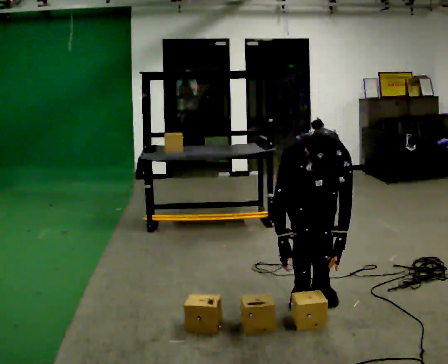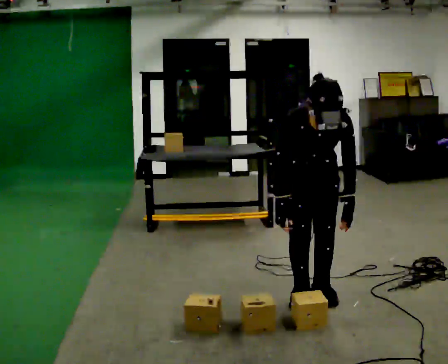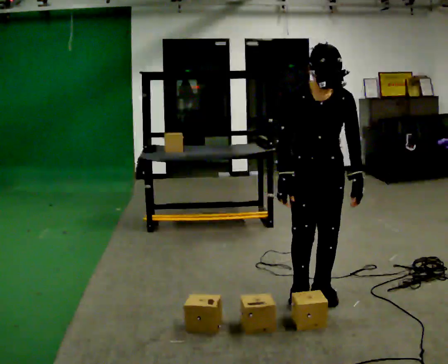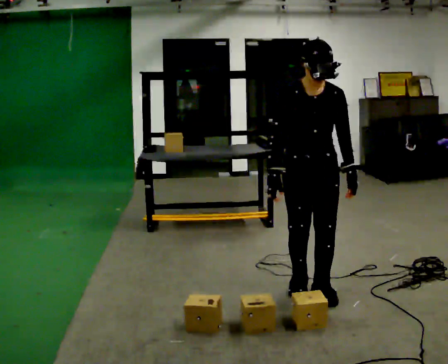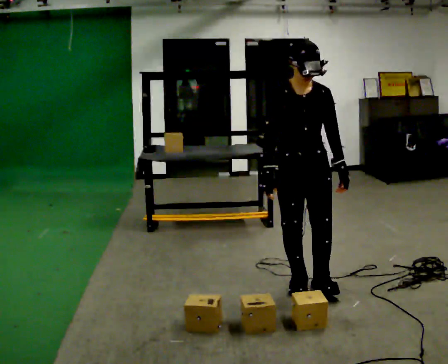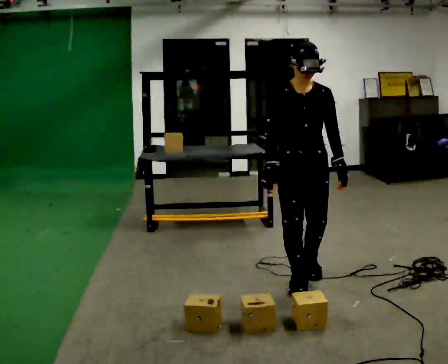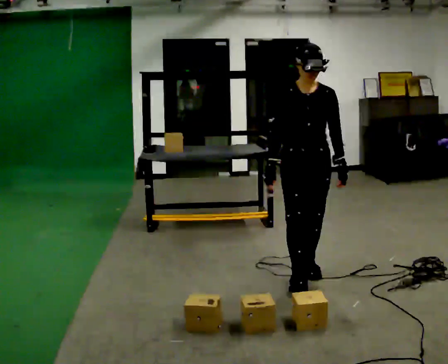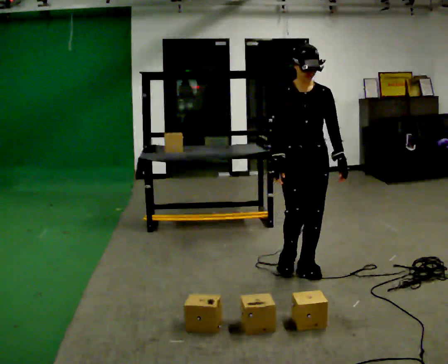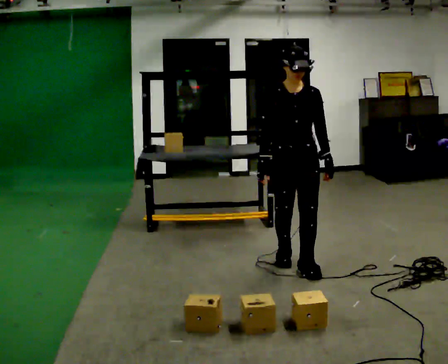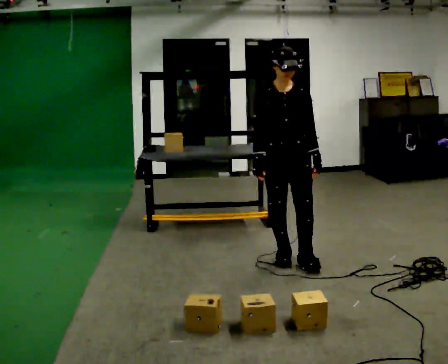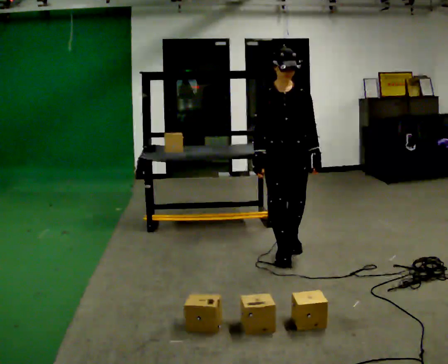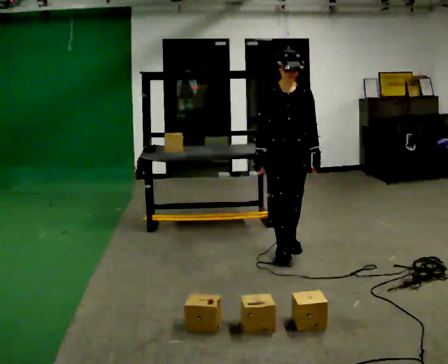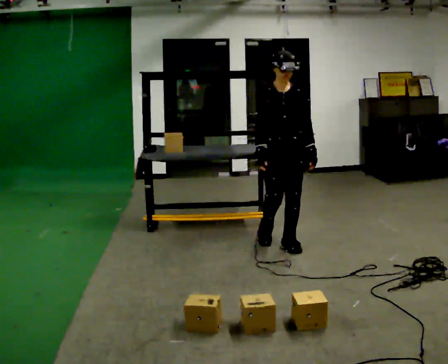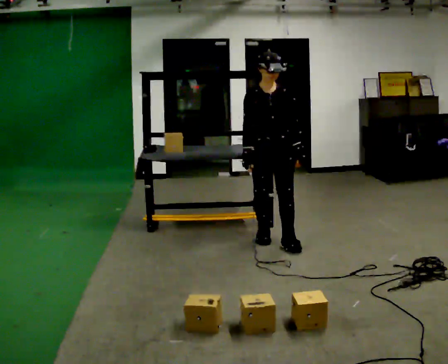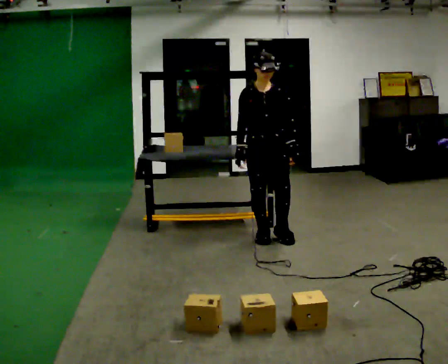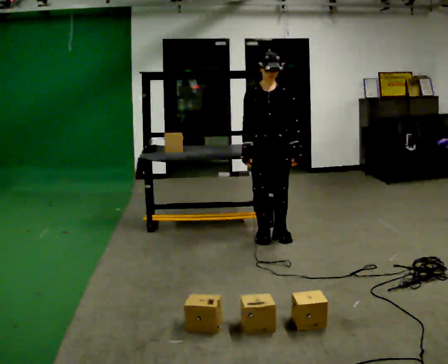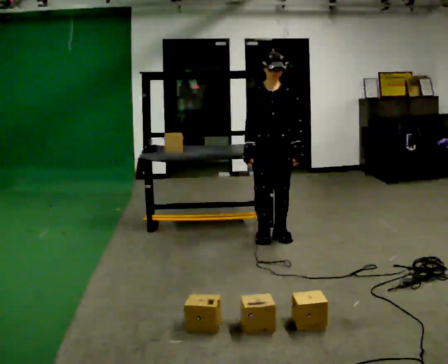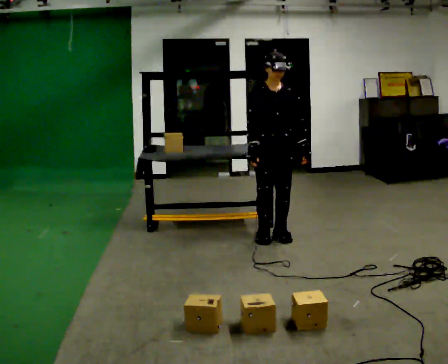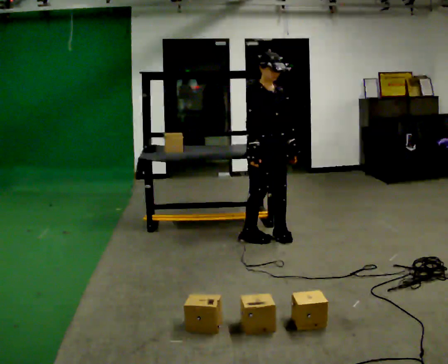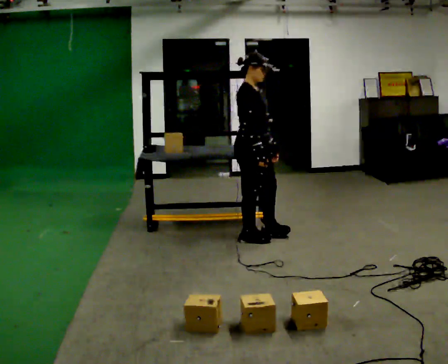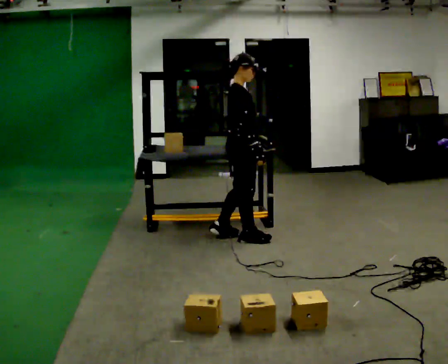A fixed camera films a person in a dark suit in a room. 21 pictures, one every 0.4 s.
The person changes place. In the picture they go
away from the camera.
The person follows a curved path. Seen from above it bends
counterclockwise.
0.0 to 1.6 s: The upper body goes upward. The upper body tips away from the camera, its near side rolling upward, as they lean back or straighten. In the picture their left hand goes upward.
1.6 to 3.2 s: In the picture they go away from the camera, about 0.5 m in 1 step, which for them is backward.
3.2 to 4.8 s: In the picture they go away from the camera, about 0.5 m in 2 steps, which for them is backward.
4.8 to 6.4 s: In the picture they go away from the camera, about 0.25 m in 1 step, which for them is backward.
6.4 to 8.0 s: The person turns about 90 degrees to their left, counterclockwise seen from above, so the part of the body nearest the lens slides to the right. In the picture they go to the left, about 0.25 m in 2 steps.
The film runs backward here.
